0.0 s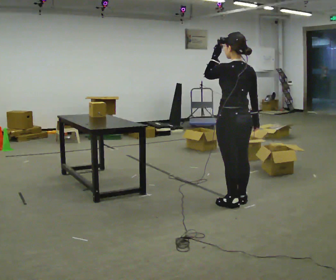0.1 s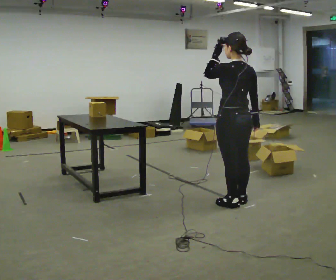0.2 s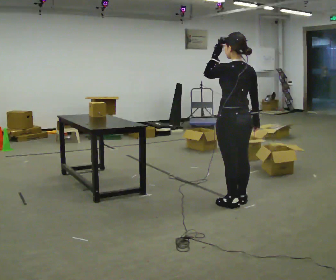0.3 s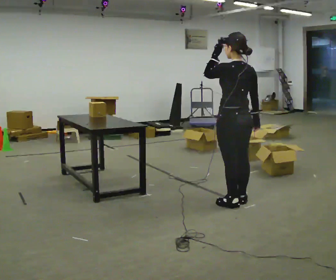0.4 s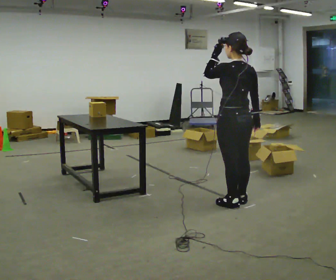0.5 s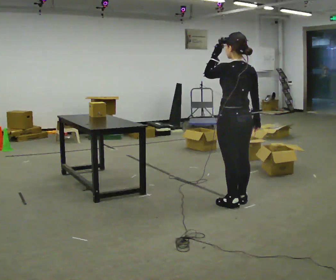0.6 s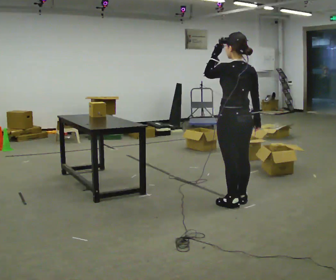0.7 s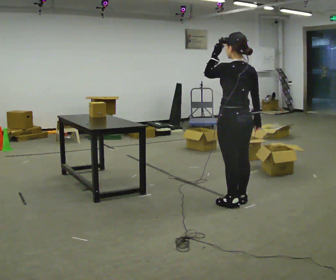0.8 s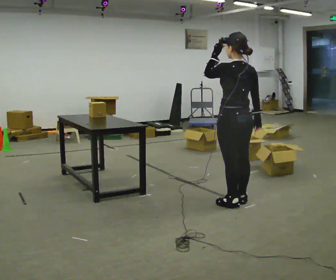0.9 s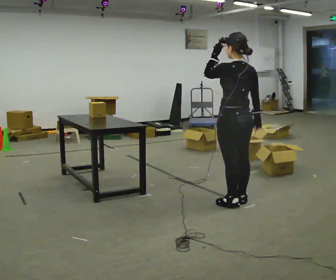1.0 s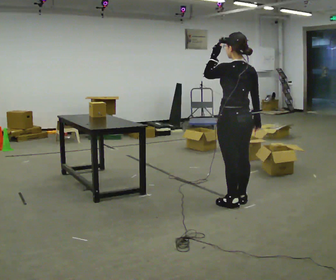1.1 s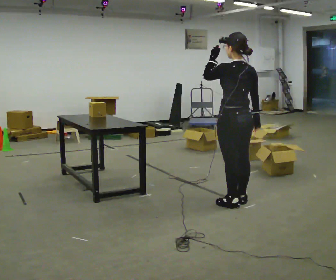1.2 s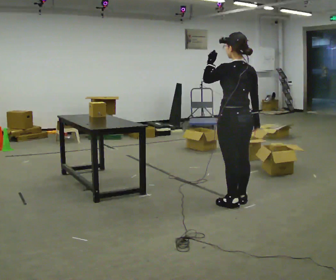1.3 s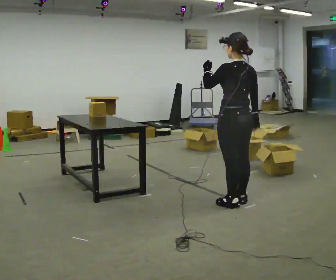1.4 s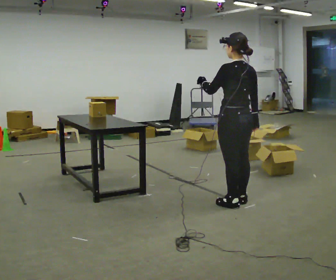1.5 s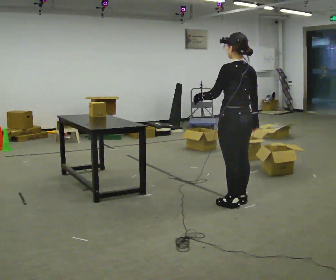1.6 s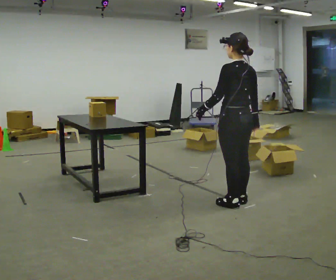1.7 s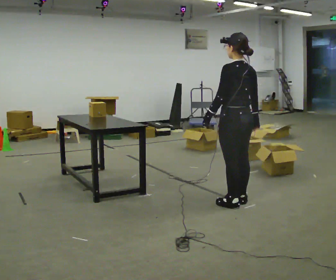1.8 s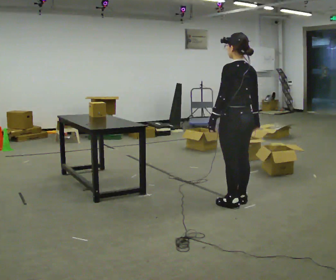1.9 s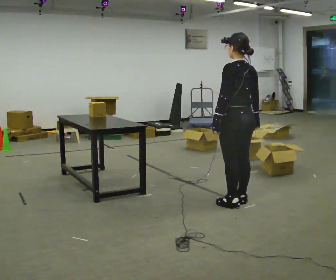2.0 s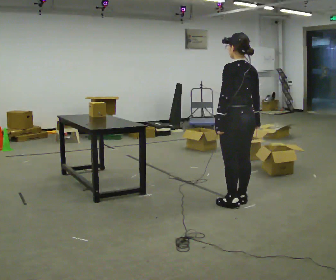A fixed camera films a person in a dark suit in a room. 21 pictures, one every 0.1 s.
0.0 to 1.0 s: The person keeps their place and pose.
1.0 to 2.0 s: In the picture their left hand goes downward.
The film runs backward here.
